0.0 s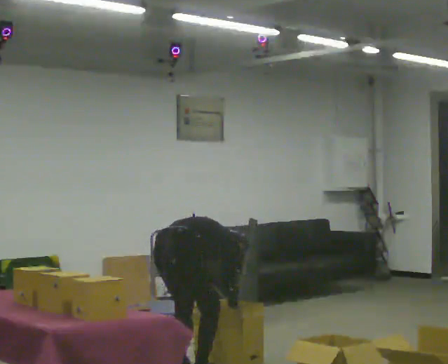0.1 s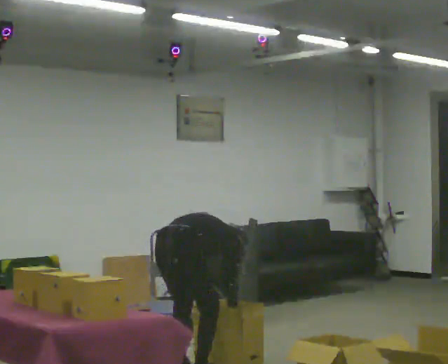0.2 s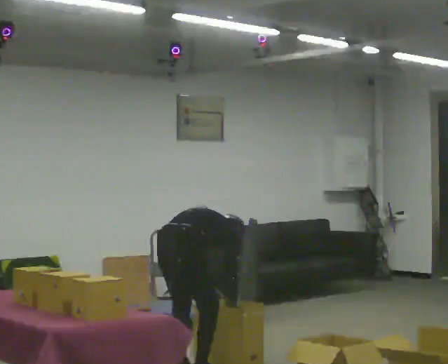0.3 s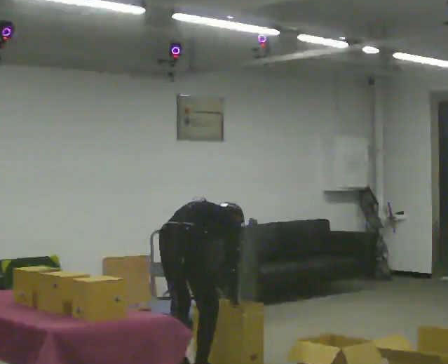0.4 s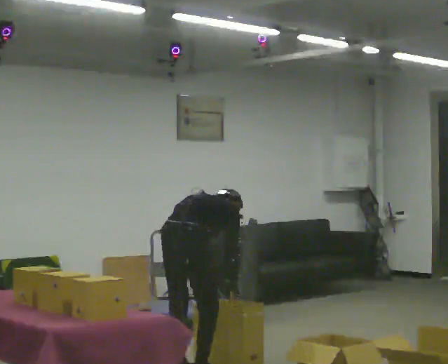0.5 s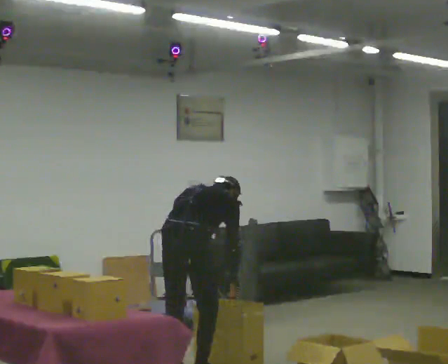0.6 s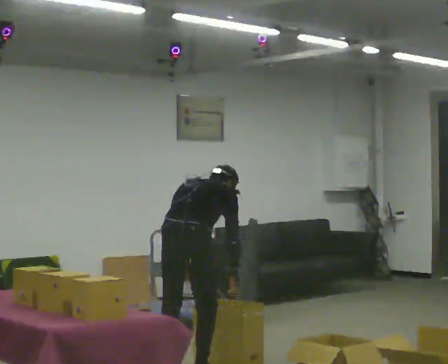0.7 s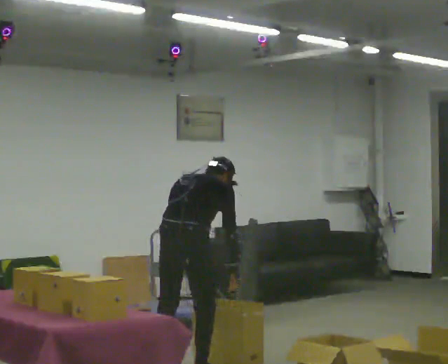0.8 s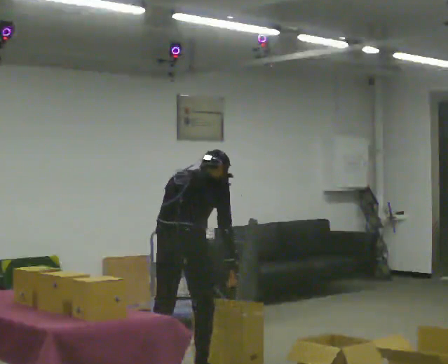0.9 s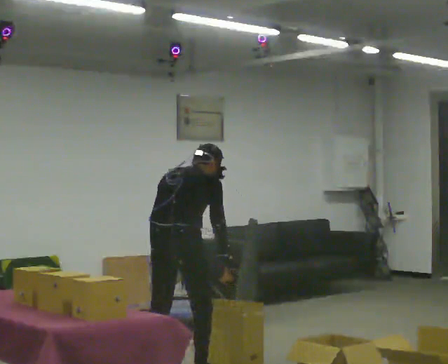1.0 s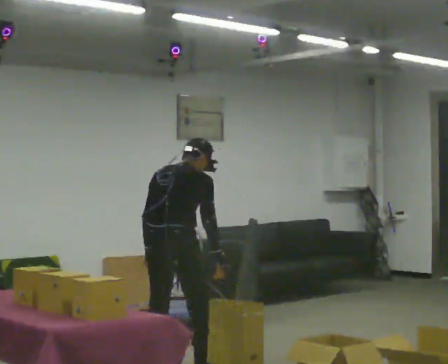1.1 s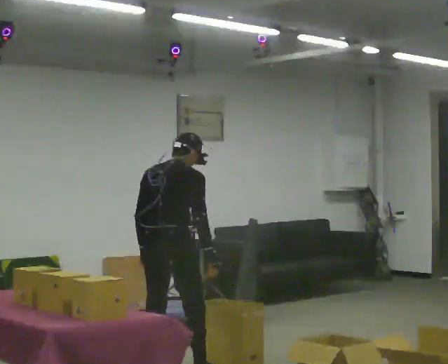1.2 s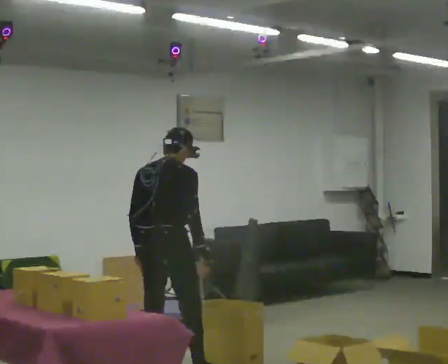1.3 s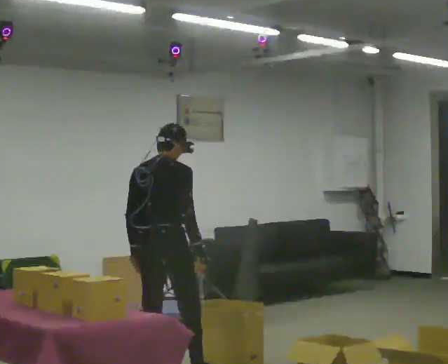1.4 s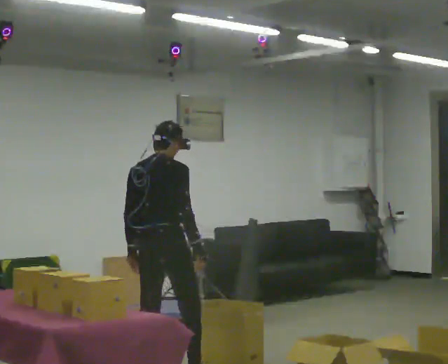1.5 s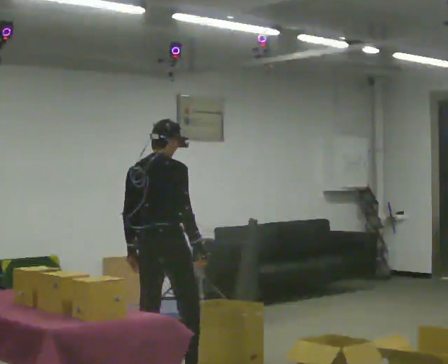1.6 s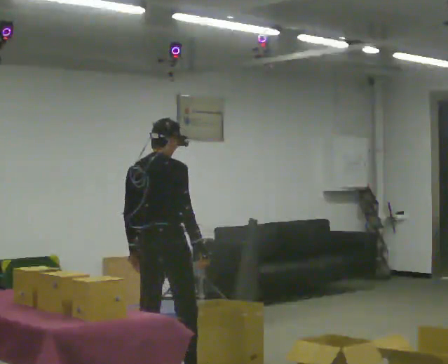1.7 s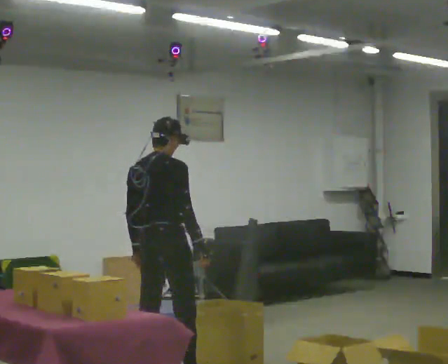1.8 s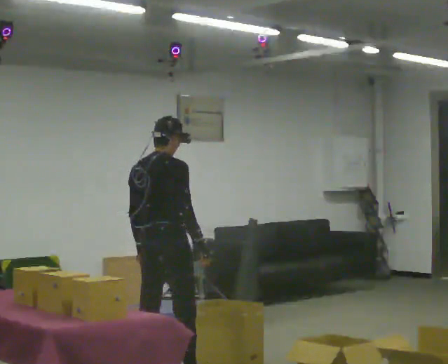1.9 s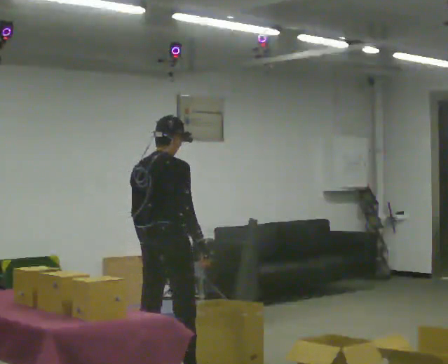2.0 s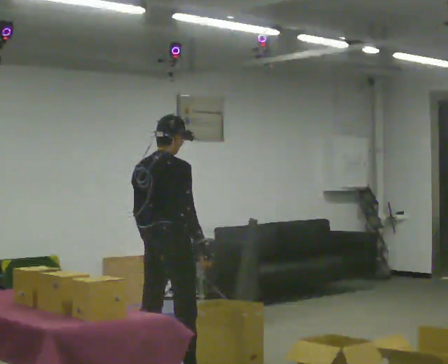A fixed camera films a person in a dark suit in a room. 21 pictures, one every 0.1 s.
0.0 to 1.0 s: The shoulders move upward. In the picture the upper body tilts counterclockwise, shoulders to the left, as they lean back or straighten. In the picture their right hand goes upward.
1.0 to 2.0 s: The person moves a little, or ends about where they began.
The film runs forward here.
